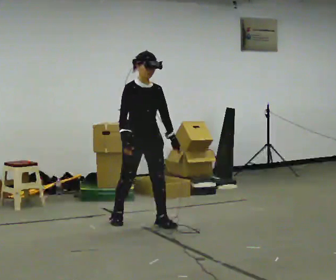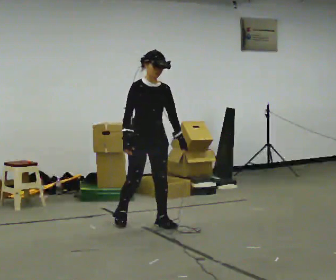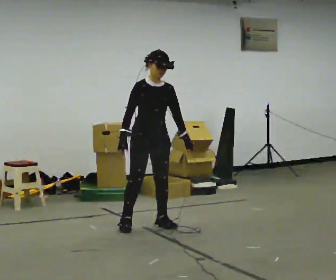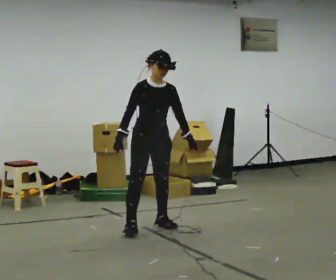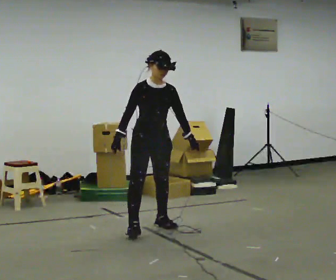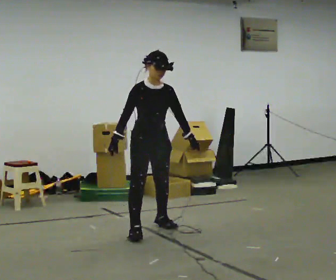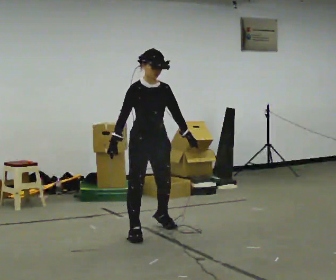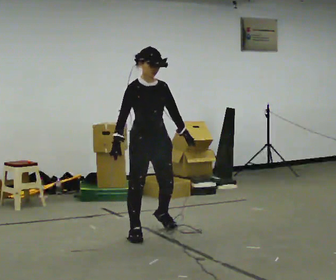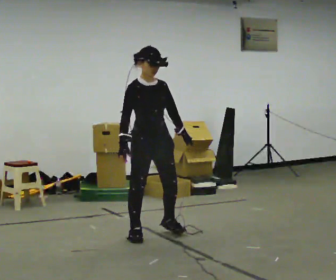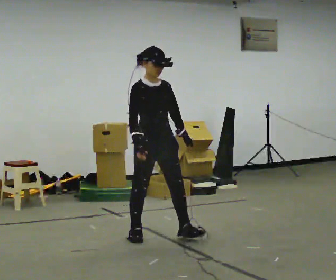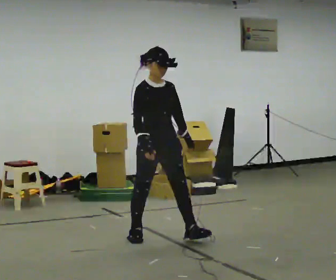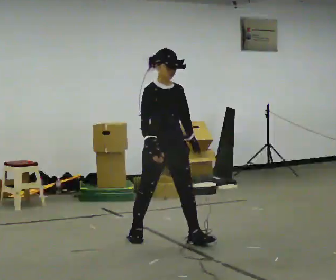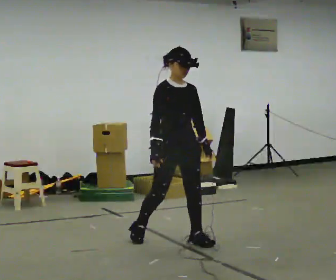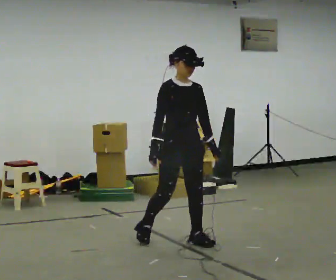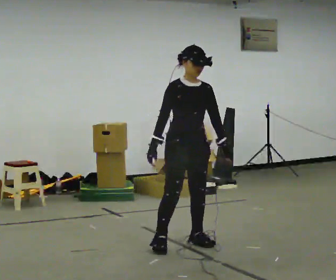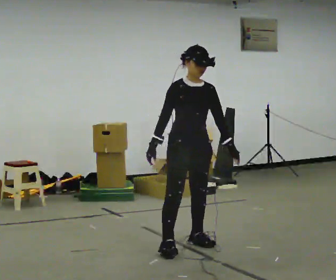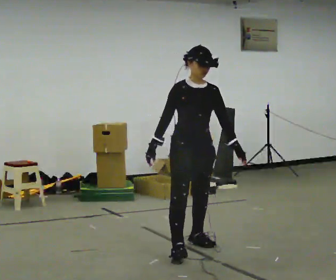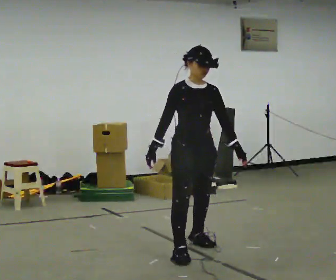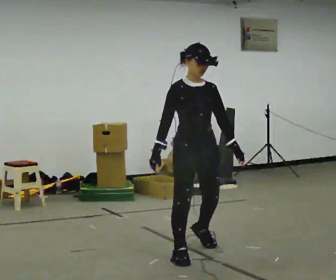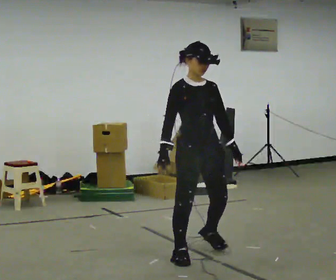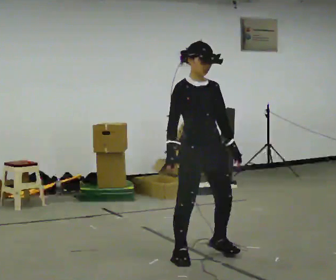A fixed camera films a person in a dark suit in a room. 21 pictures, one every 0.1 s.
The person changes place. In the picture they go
toward the camera.
0.0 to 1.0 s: In the picture they go toward the camera, about 0.5 m in 1 step, which for them is forward.
1.0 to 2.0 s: In the picture they go toward the camera and to the right, about 0.75 m in 2 steps, which for them is forward.
The film runs forward here.
